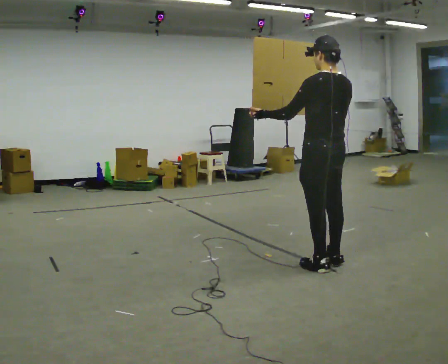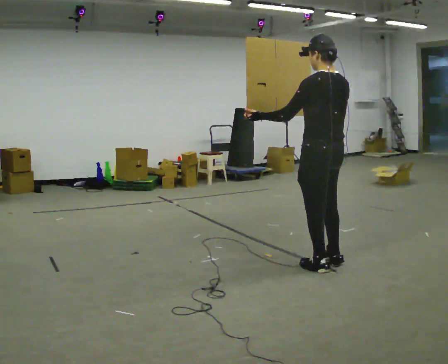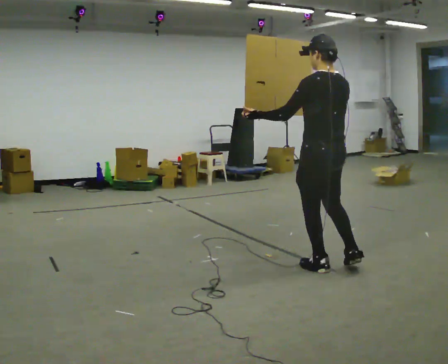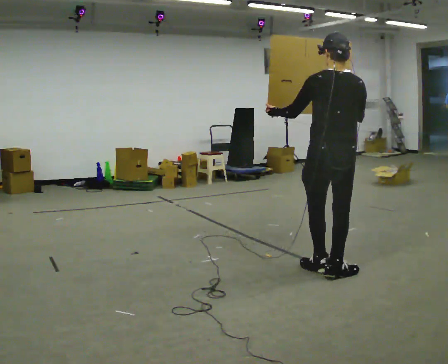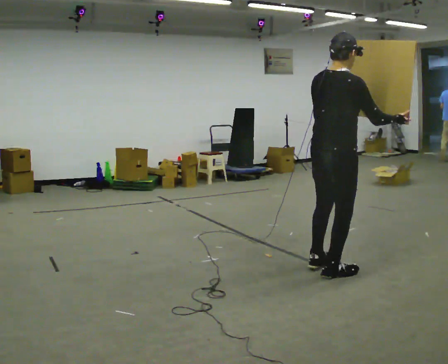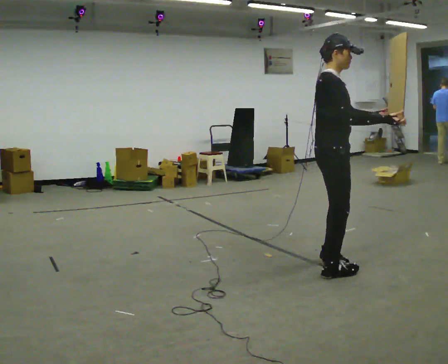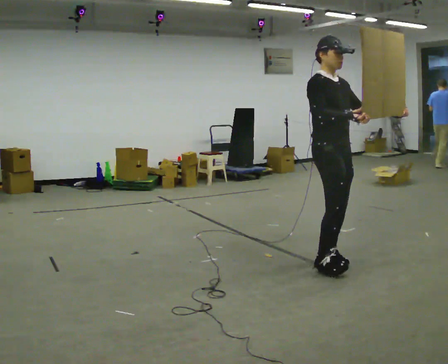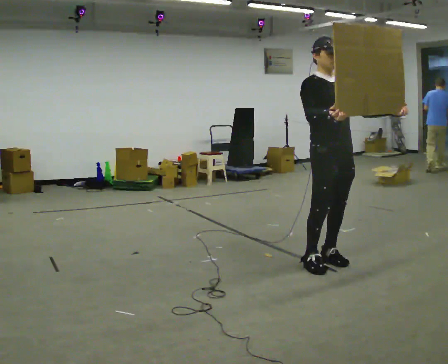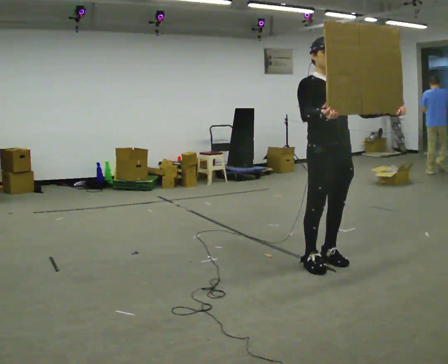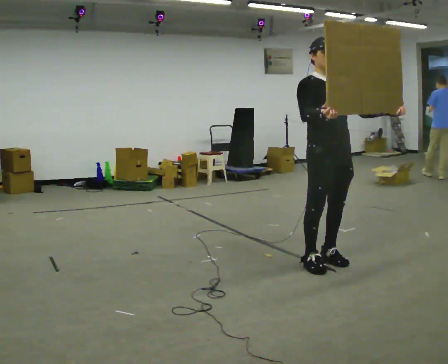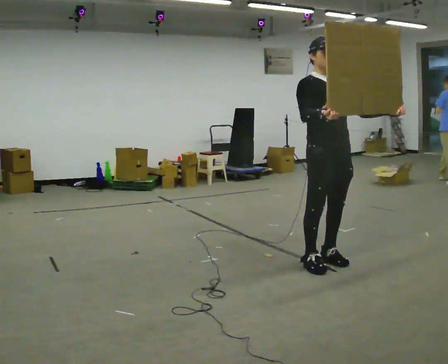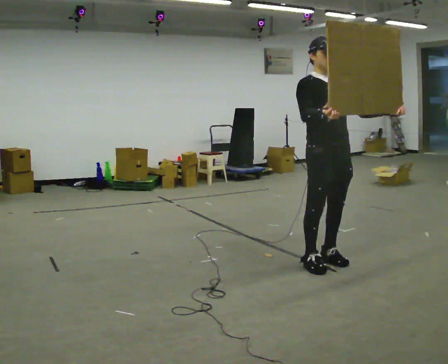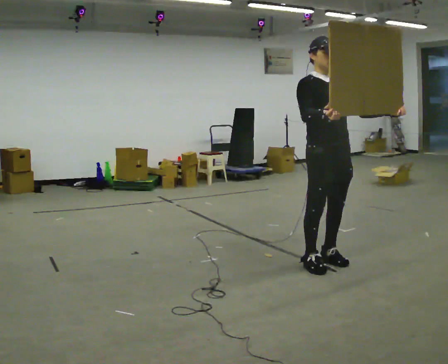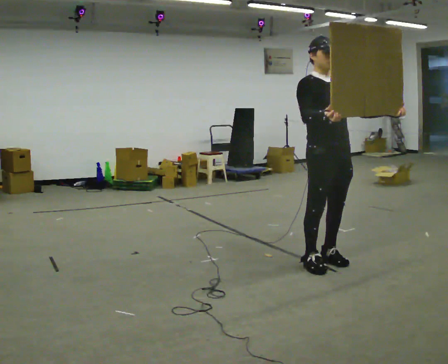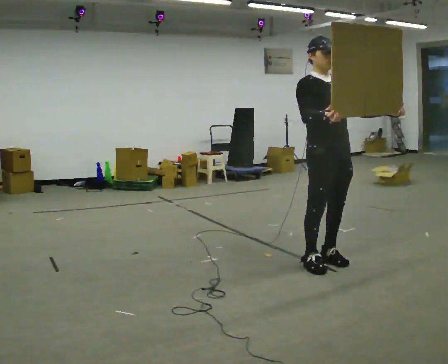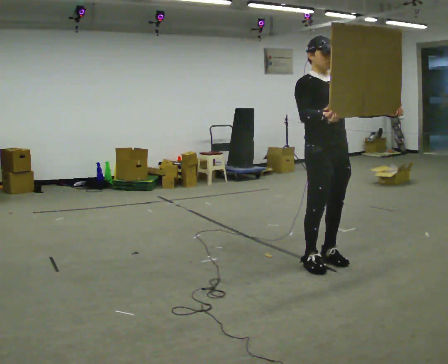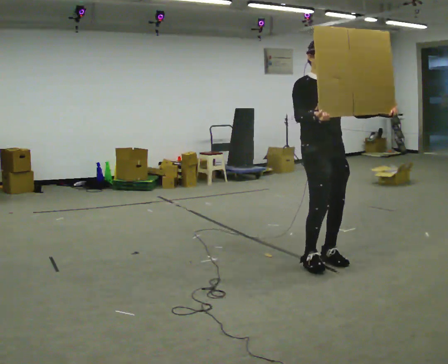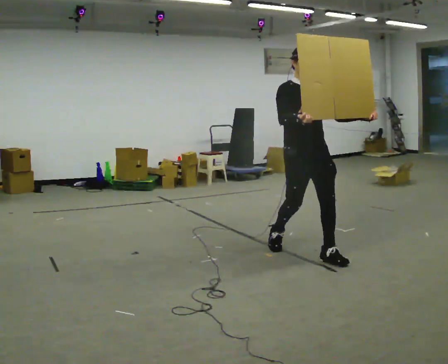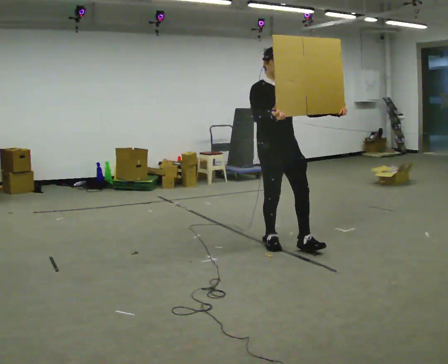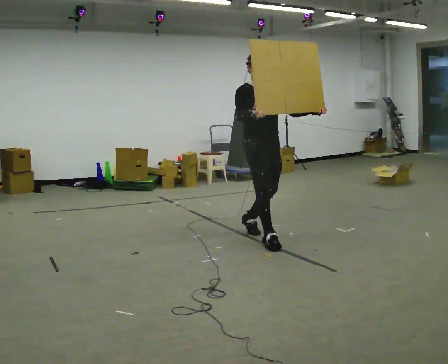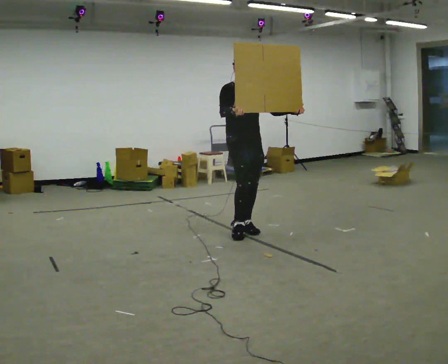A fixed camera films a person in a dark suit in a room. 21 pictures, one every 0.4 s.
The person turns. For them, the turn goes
to their right.
The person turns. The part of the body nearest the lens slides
to the left.
0.0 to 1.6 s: The part of the body nearest the lens slides to the left as the person turns to their right by about 90 degrees. In the picture they go toward the camera, about 0.25 m in 2 steps. In the picture their right hand goes to the right.
1.6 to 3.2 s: The person turns about 105 degrees to their right, clockwise seen from above, so the part of the body nearest the lens slides to the left. In the picture they go away from the camera, about 0.25 m in 1 step. In the picture their left hand goes to the right.
3.2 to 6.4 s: The person moves a little, or ends about where they began.
6.4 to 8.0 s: In the picture they go to the left and away from the camera, about 1 m in 2 steps, which for them is backward.
The film runs backward here.
